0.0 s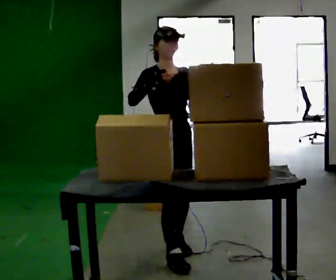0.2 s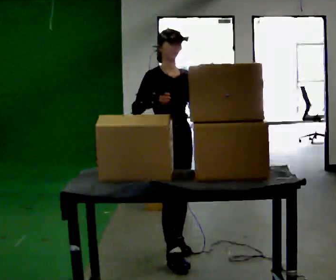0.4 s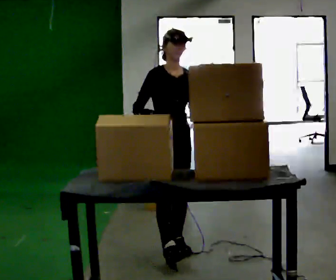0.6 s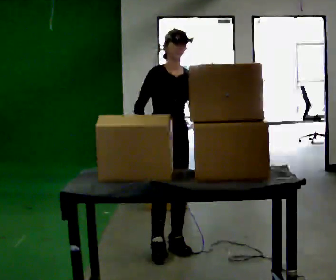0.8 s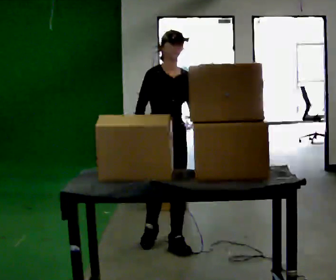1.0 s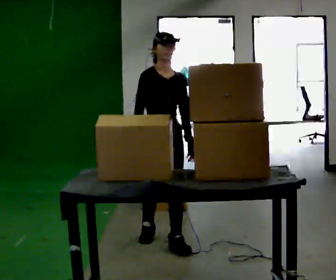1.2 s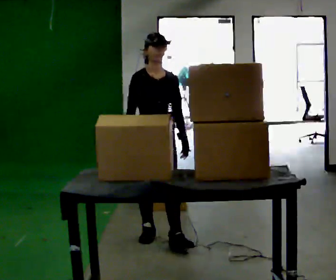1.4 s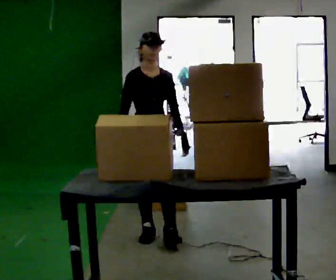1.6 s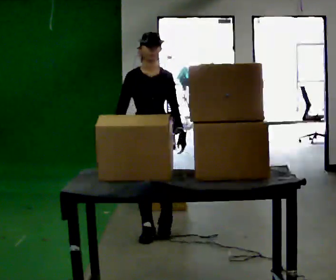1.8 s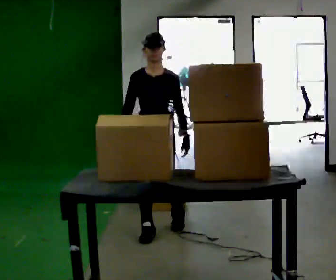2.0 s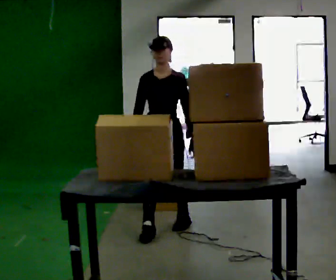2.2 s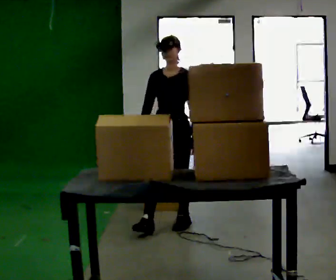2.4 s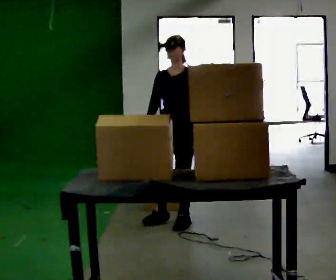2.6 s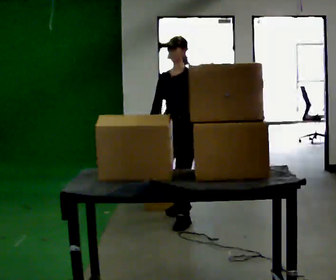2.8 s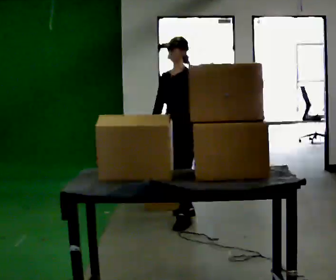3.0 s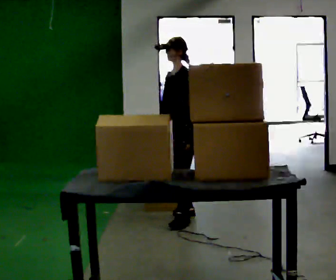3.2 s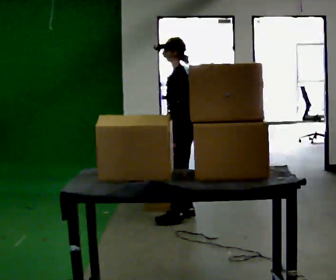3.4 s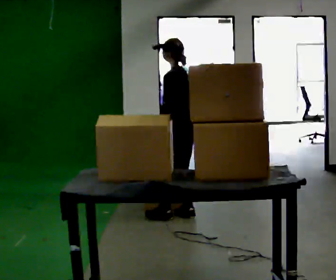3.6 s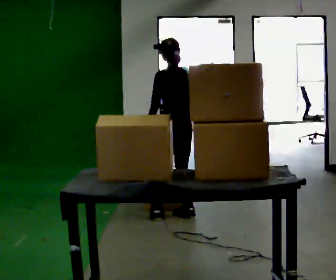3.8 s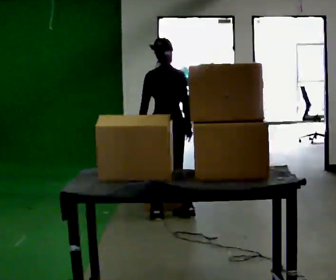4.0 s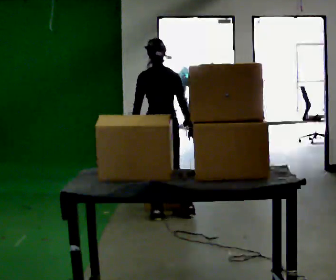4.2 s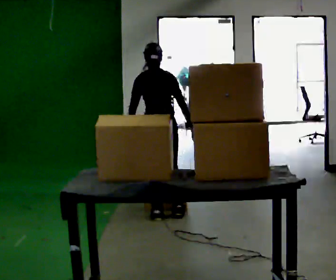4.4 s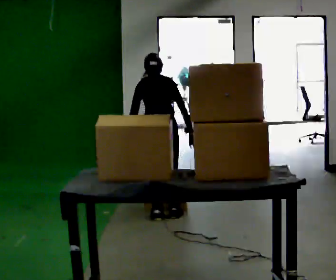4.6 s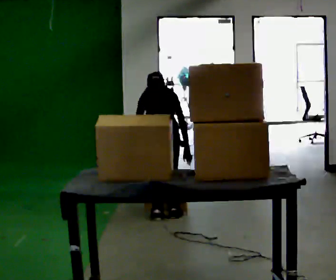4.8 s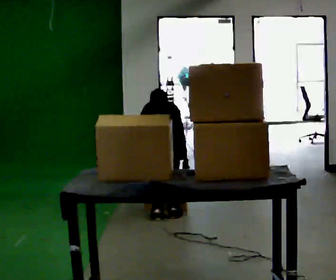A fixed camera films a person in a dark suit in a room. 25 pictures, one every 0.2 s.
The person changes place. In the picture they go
away from the camera.
The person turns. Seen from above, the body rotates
clockwise.
0.0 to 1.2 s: The person turns about 30 degrees to their right, clockwise seen from above, so the part of the body nearest the lens slides to the left. In the picture they go away from the camera, about 0.5 m in 1 step, which for them is backward. In the picture their left hand goes downward, the arm swinging clockwise.
1.2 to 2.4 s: The person turns about 60 degrees to their right, clockwise seen from above, so the part of the body nearest the lens slides to the left. In the picture they go away from the camera and to the right, about 0.5 m in 2 steps, which for them is backward.
2.4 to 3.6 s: The part of the body nearest the lens slides to the left as the person turns to their right by about 105 degrees. In the picture they go away from the camera, about 0.25 m in 1 step.
3.6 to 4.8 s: The part of the body nearest the lens slides to the left as the person turns to their right by about 45 degrees. In the picture they go to the left, about 0.25 m, which for them is to their left and backward. The upper body goes downward. The upper body tips away from the camera, its near side rolling upward, as they bend forward. In the picture their right hand goes downward.
The film runs backward here.
